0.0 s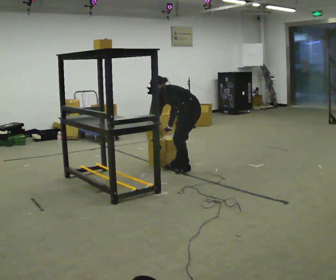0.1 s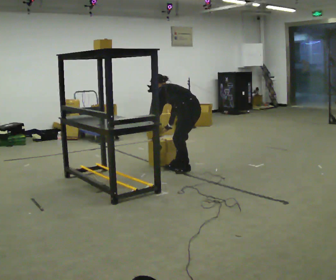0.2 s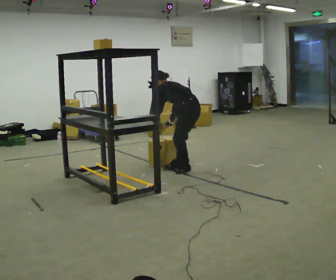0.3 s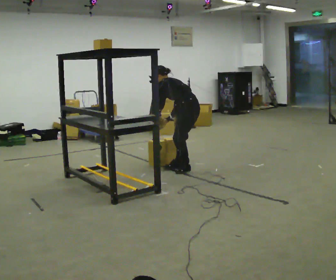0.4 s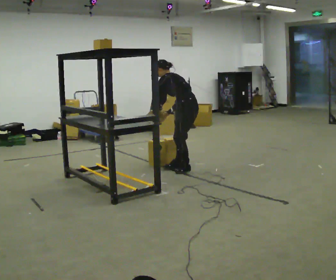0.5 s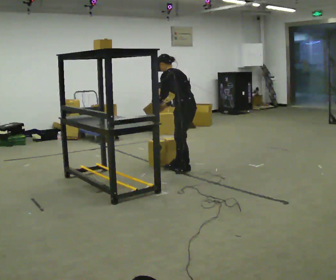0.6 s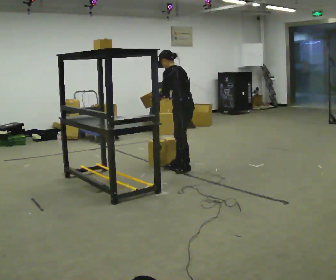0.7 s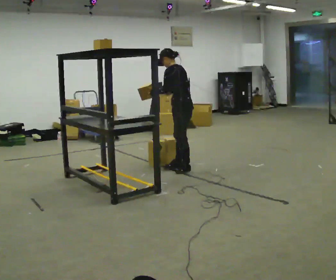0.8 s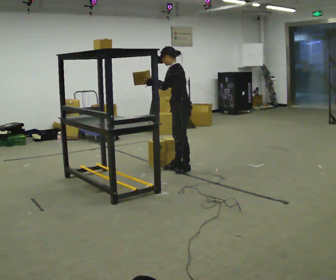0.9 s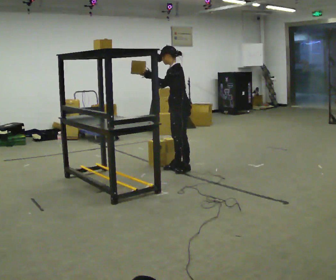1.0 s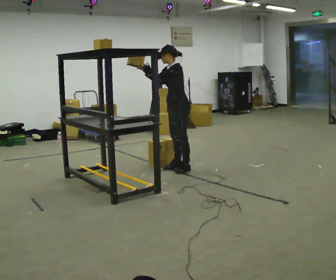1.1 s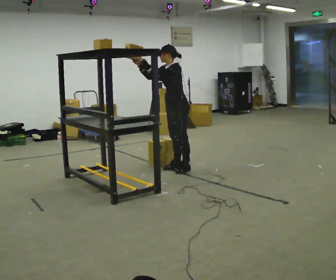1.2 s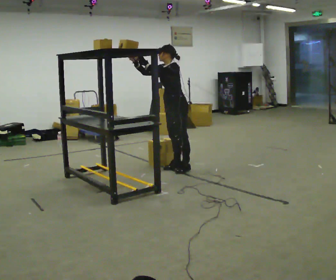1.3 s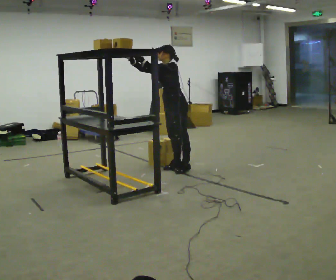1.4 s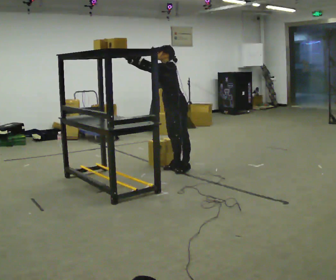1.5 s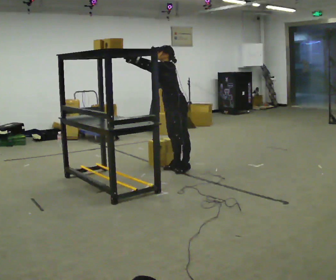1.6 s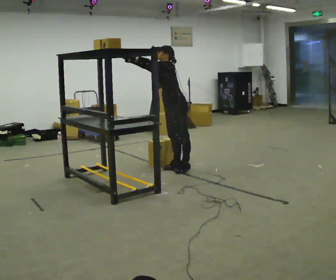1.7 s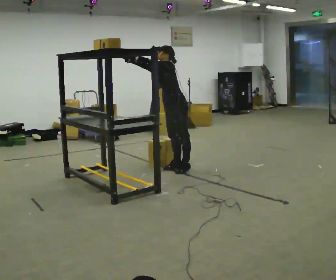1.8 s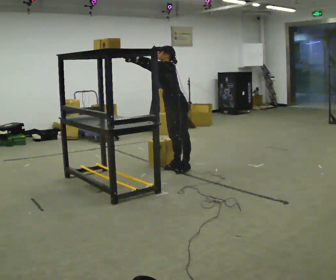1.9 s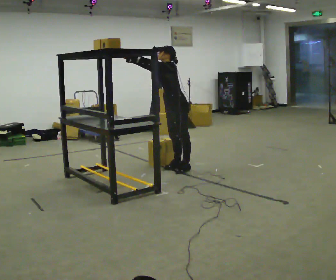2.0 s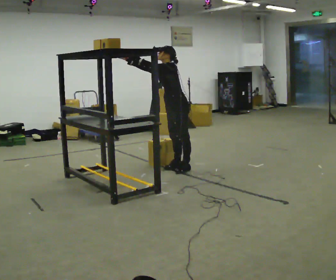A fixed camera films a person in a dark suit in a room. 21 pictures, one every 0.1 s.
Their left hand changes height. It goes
upward.
Their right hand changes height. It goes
upward.
0.0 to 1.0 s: The part of the body nearest the lens slides to the right as the person turns to their left by about 45 degrees. The upper body goes upward. The upper body tips toward the camera, its near side rolling downward, as they lean back or straighten. In the picture their right hand goes upward.
1.0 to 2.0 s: The person moves a little, or ends about where they began.
The film runs backward here.
